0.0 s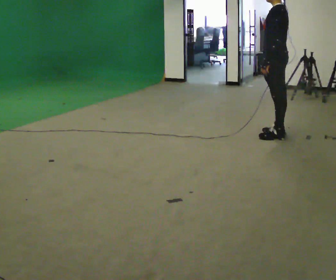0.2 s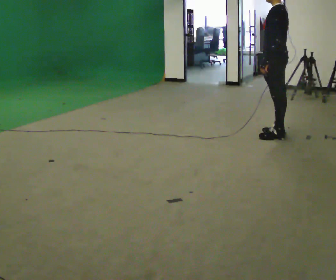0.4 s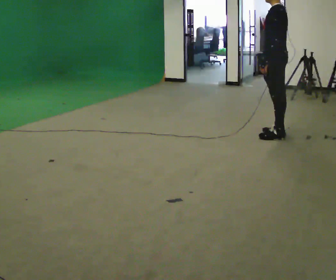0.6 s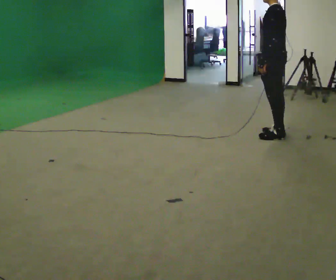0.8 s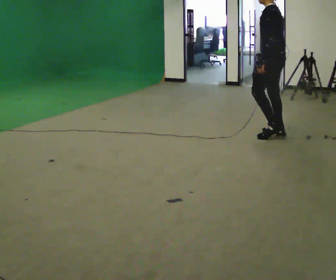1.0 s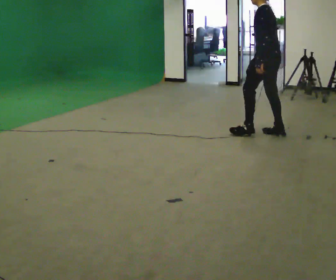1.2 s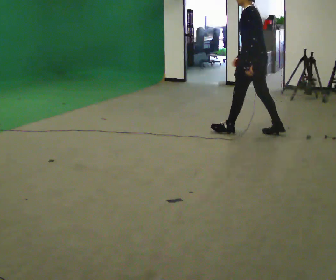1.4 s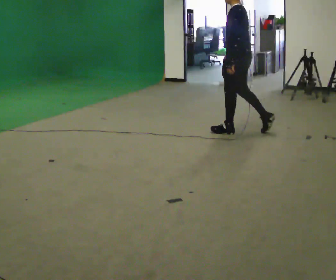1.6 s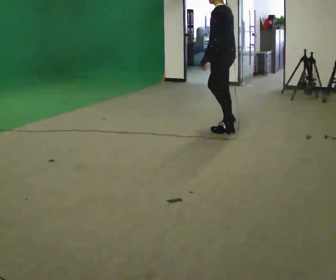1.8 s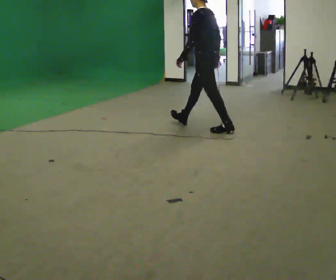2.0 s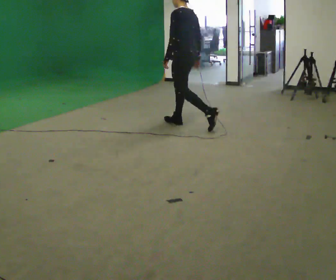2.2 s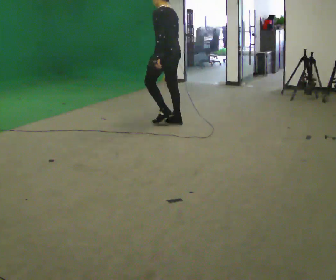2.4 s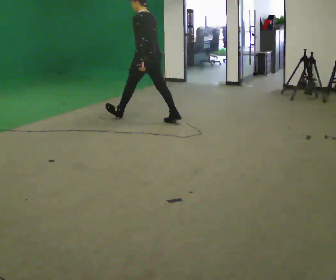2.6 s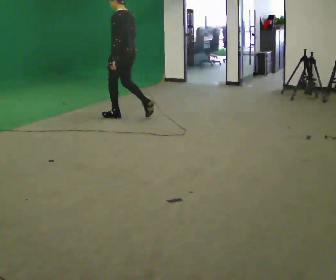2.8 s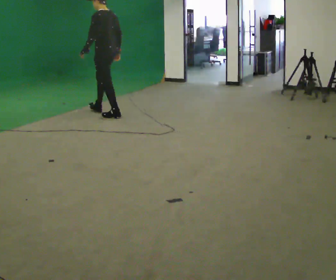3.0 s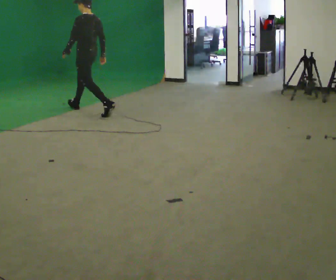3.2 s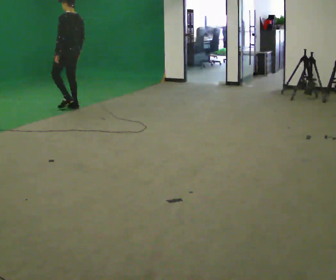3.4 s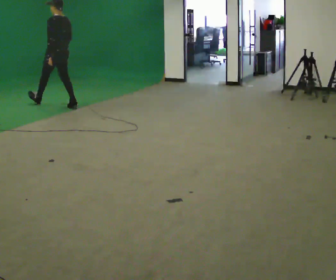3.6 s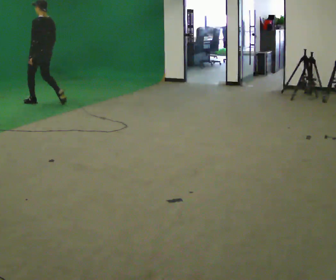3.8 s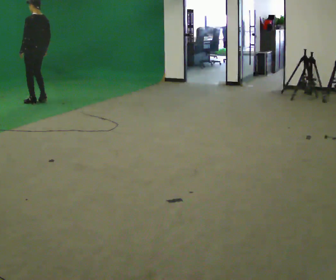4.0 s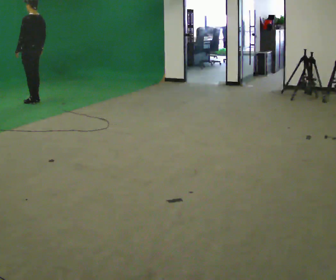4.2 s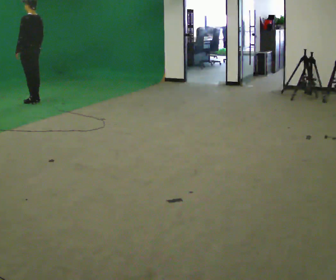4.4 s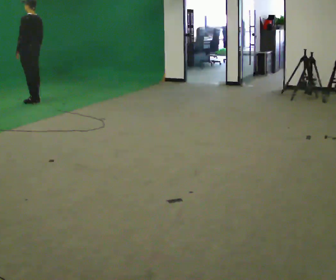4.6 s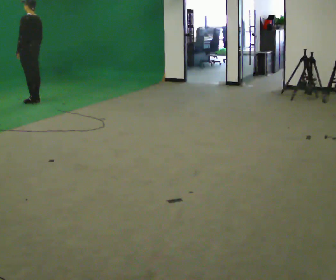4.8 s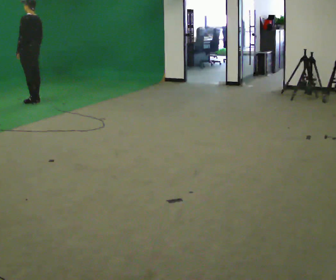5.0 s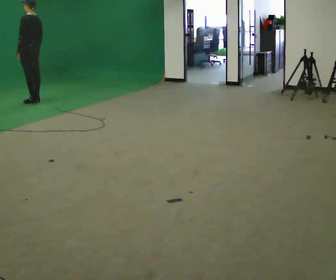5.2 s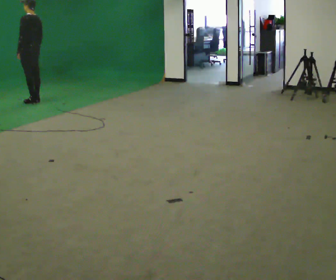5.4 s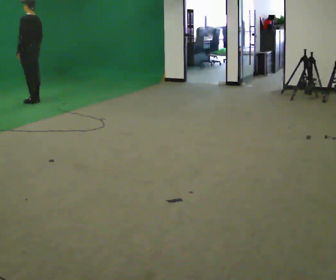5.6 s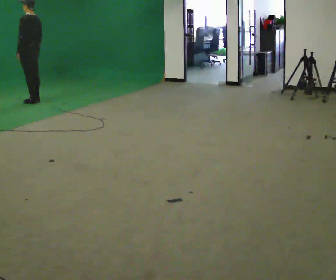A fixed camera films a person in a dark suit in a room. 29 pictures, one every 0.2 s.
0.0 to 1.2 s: In the picture they go to the left and away from the camera, about 0.25 m in 1 step, which for them is forward.
1.2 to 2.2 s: In the picture they go to the left and away from the camera, about 1 m in 1 step, which for them is forward.
2.2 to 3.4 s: In the picture they go to the left and away from the camera, about 2 m in 2 steps, which for them is forward.
3.4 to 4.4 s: In the picture they go to the left and away from the camera, about 0.5 m in 2 steps, which for them is forward.
4.4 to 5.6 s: The person keeps their place and pose.
The film runs forward here.
